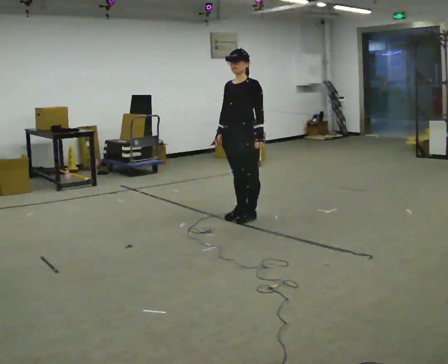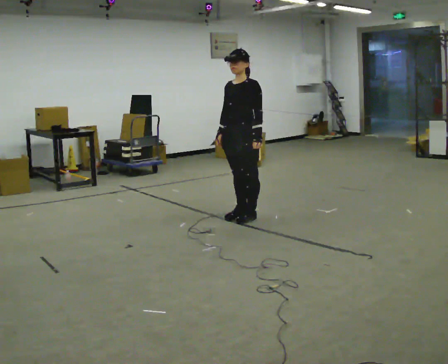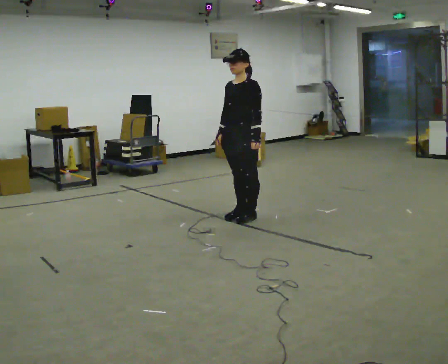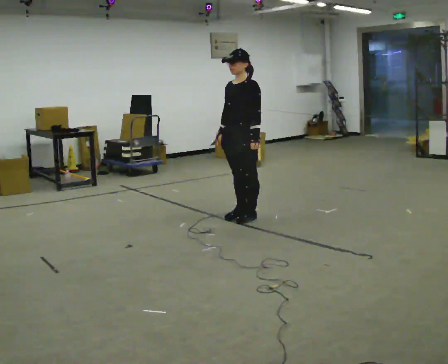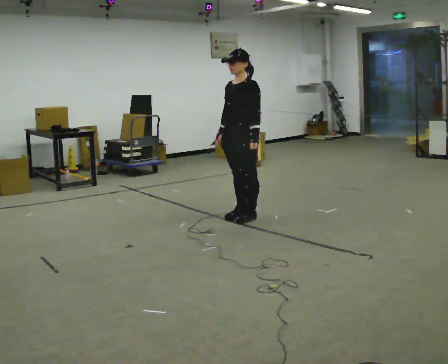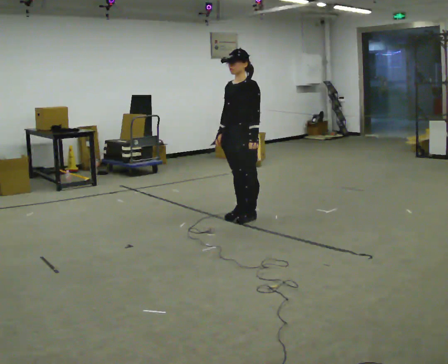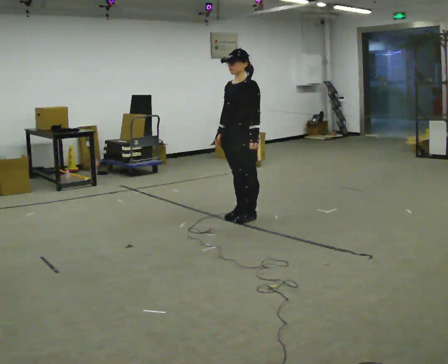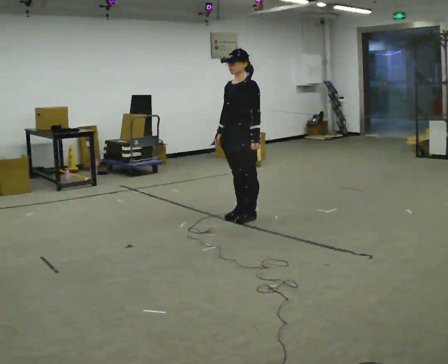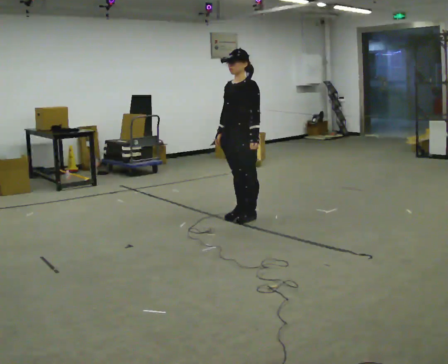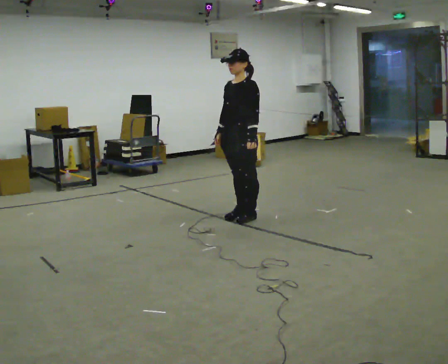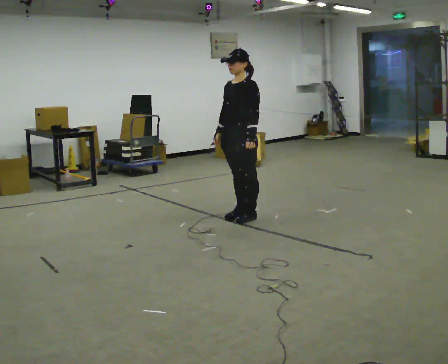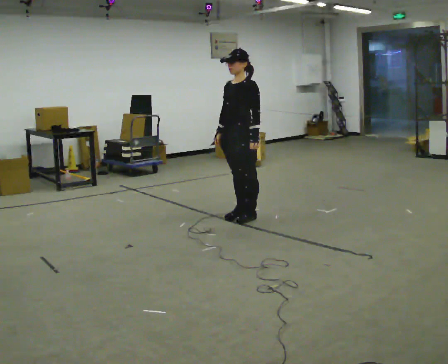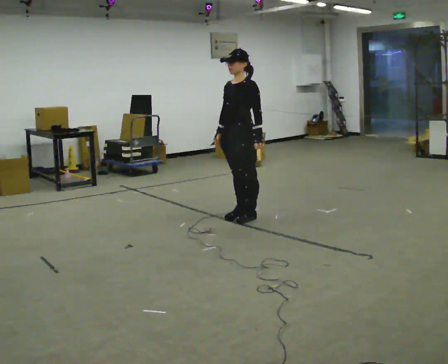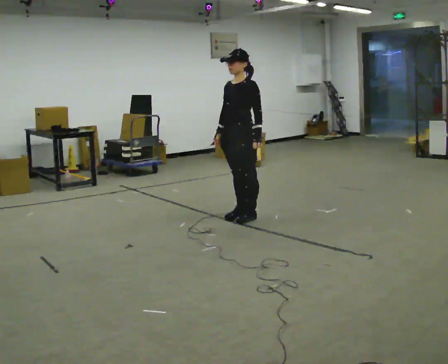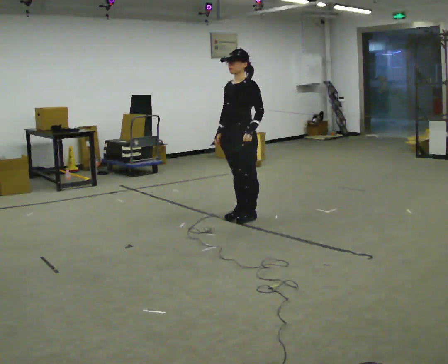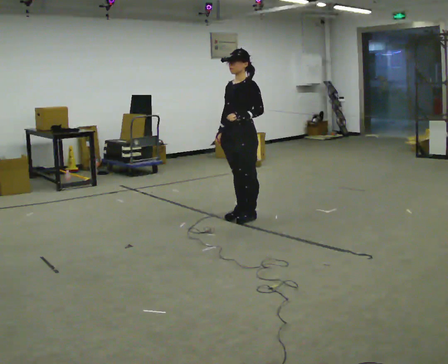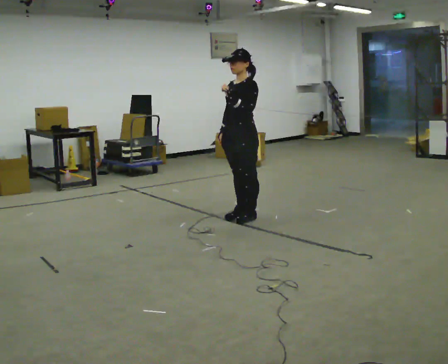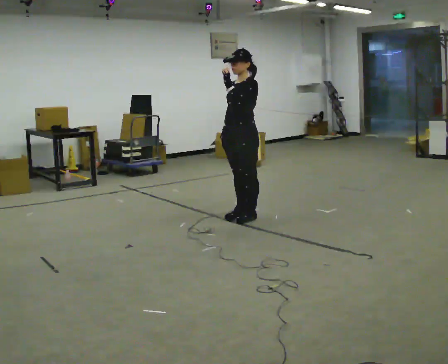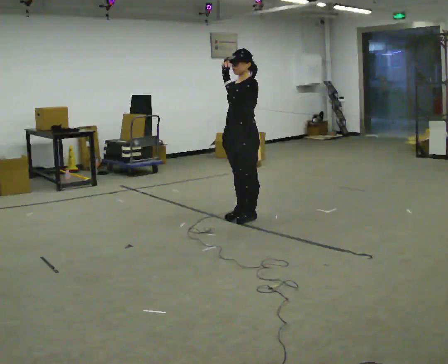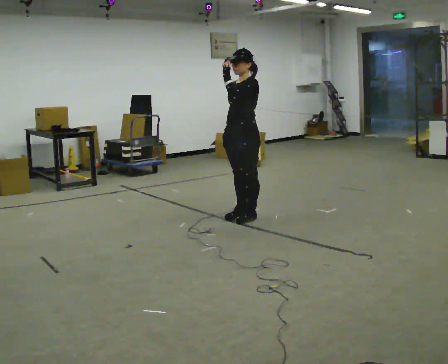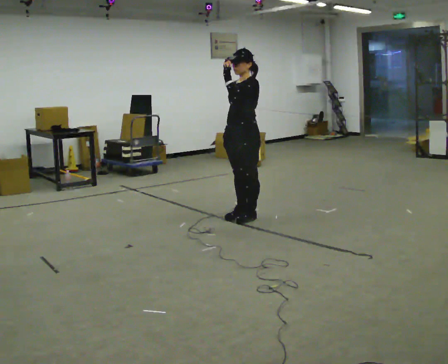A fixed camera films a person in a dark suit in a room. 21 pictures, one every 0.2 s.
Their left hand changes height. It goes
upward.
0.0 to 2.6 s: The person moves a little, or ends about where they began.
2.6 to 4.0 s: In the picture their left hand goes upward.
The film runs backward here.
